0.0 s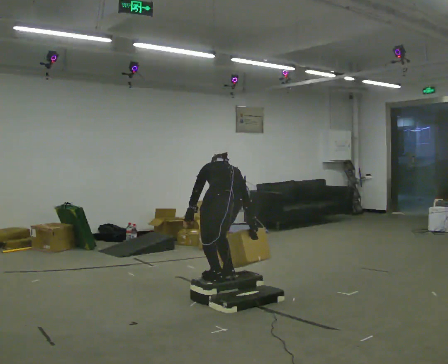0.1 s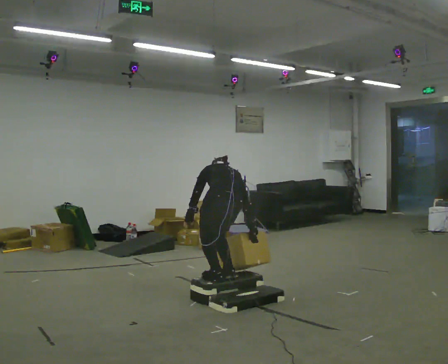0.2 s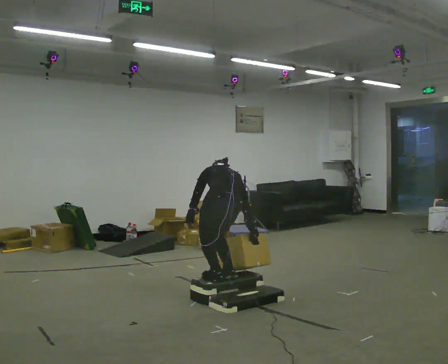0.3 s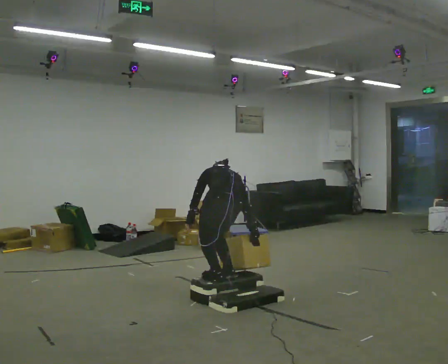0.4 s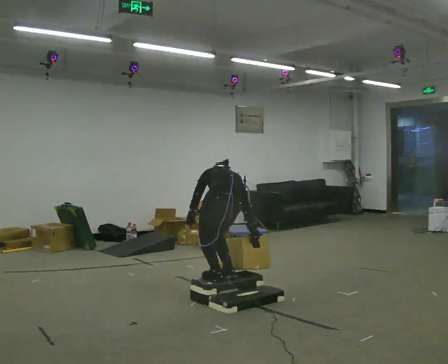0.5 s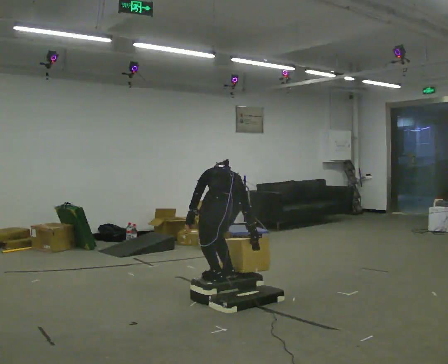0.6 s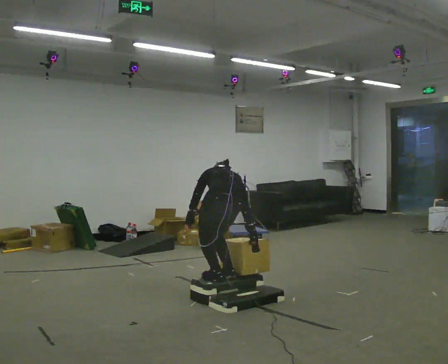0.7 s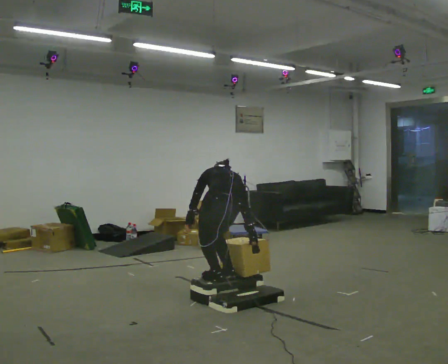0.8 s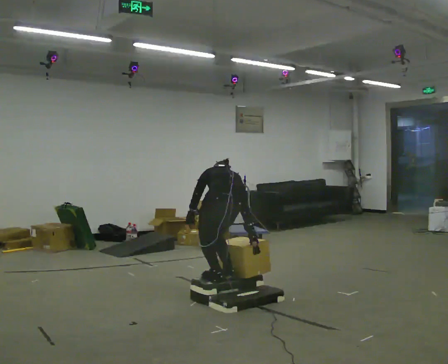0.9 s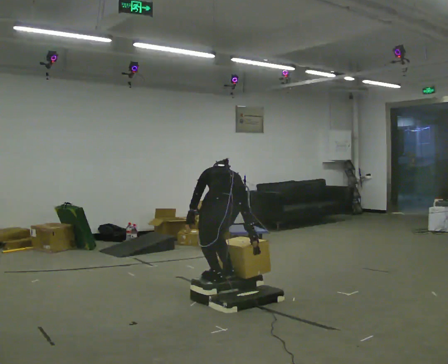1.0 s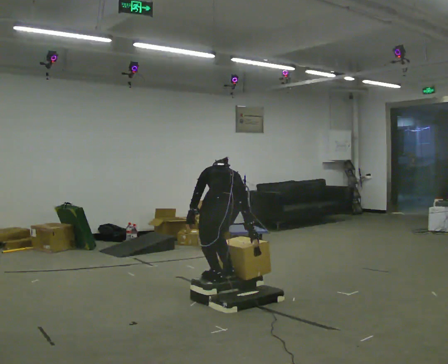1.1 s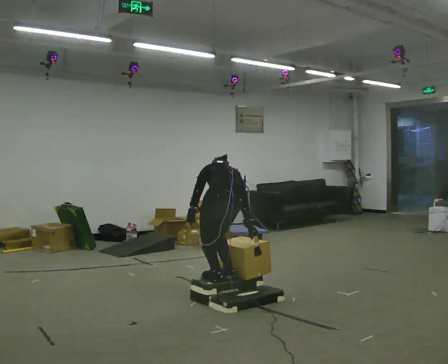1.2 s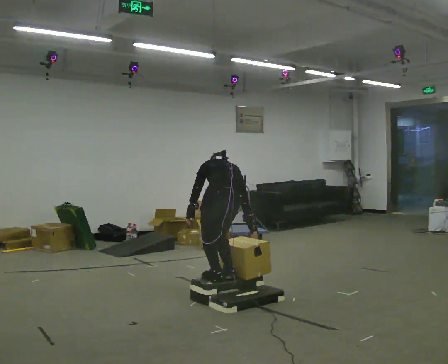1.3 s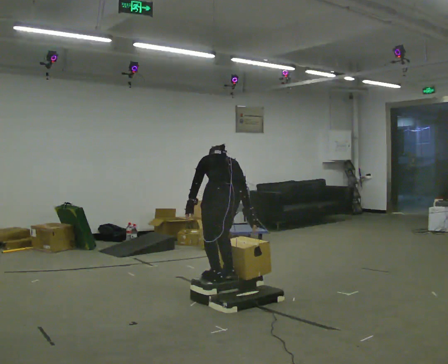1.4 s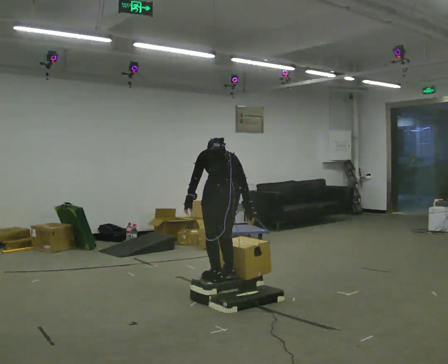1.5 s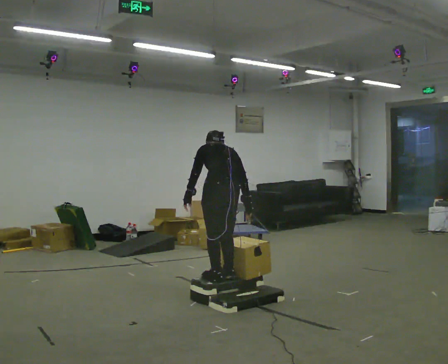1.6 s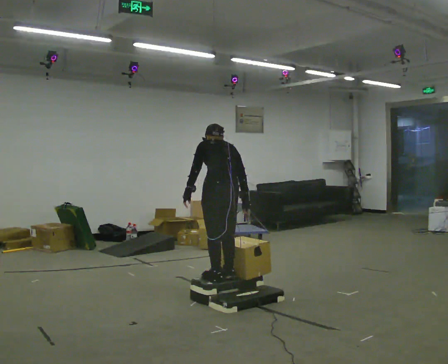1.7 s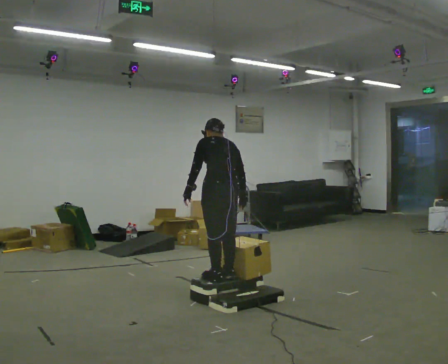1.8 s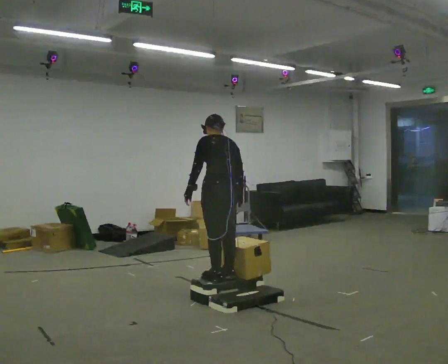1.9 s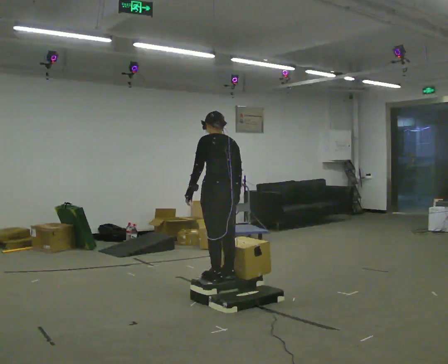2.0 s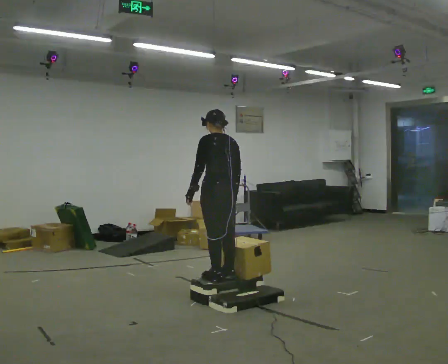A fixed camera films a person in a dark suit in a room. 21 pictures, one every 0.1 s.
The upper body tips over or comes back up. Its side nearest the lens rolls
downward.
0.0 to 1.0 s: The person moves a little, or ends about where they began.
1.0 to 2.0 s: The shoulders move upward. The upper body tips toward the camera, its near side rolling downward, as they lean back or straighten. In the picture their right hand goes upward.
The film runs forward here.
